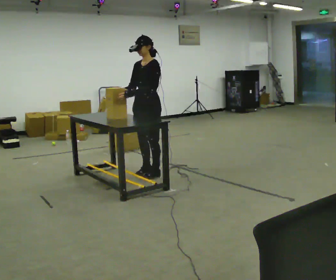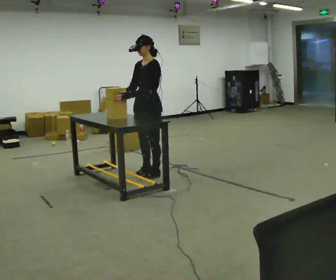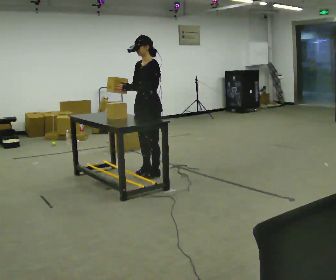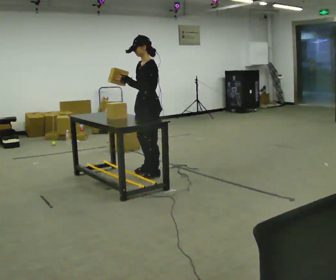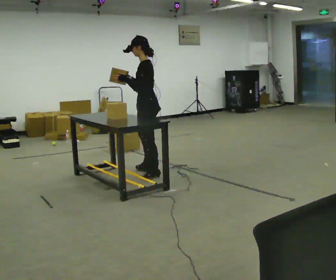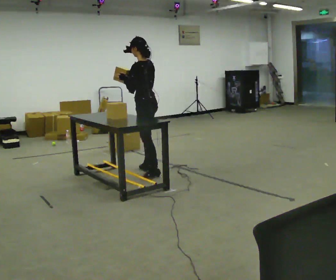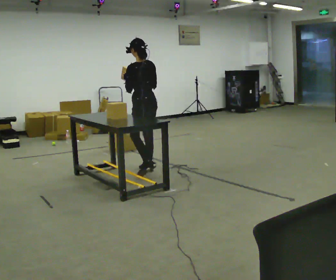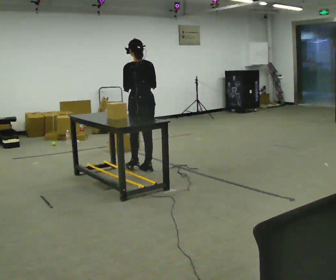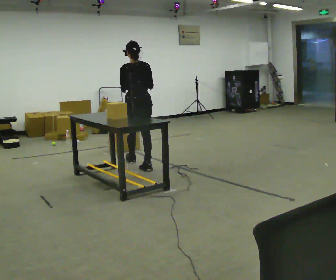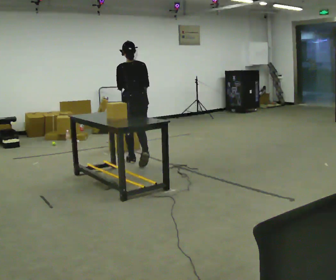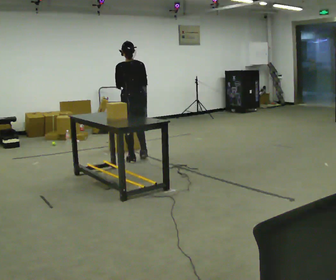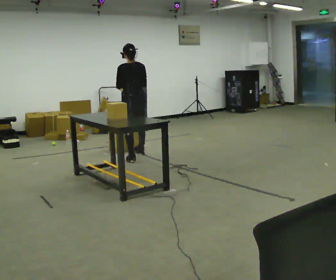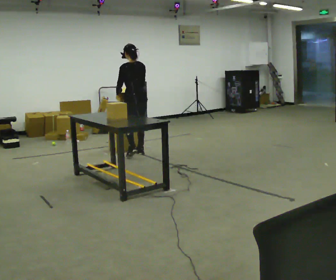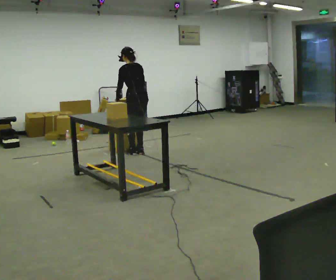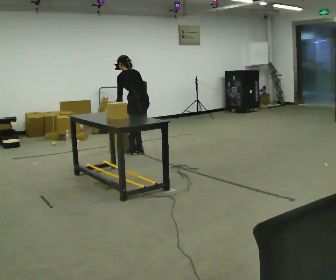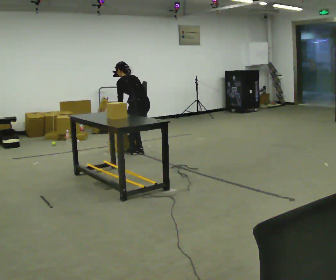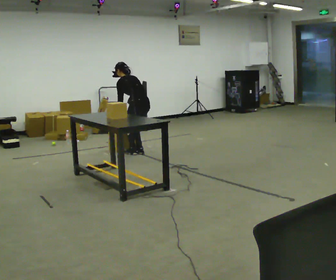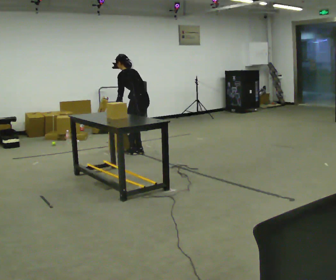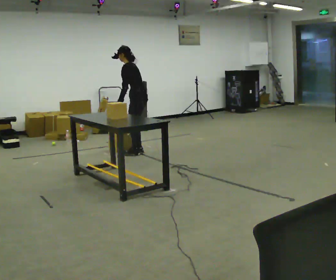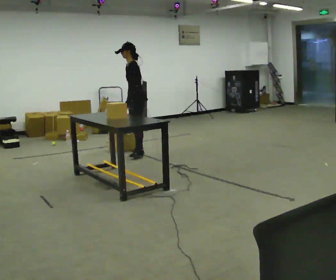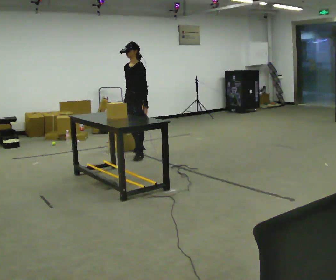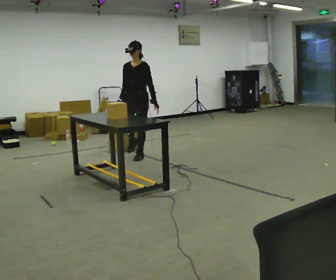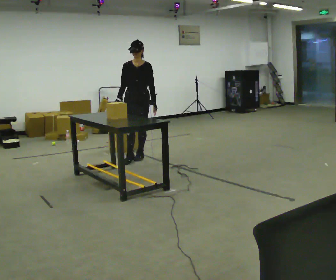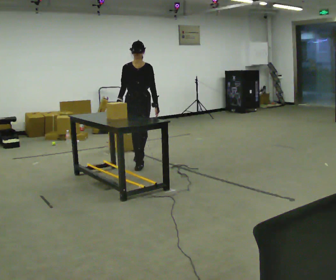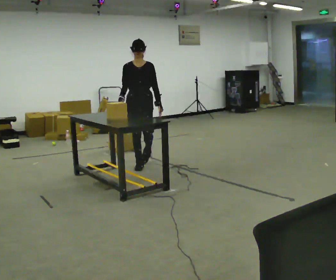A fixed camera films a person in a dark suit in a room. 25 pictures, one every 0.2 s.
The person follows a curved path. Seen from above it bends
clockwise.
0.0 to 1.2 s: The part of the body nearest the lens slides to the left as the person turns to their right by about 90 degrees. In the picture they go away from the camera, about 0.25 m.
1.2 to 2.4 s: In the picture they go away from the camera, about 1 m in 2 steps, which for them is forward.
2.4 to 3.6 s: Seen from above the body turns counterclockwise, about 45 degrees: to their left, with its near side sliding to the right.
3.6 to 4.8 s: The part of the body nearest the lens slides to the right as the person turns to their left by about 105 degrees. In the picture they go toward the camera, about 0.5 m in 2 steps. In the picture the upper body tilts clockwise, shoulders to the right, as they lean back or straighten.
The film runs forward here.
